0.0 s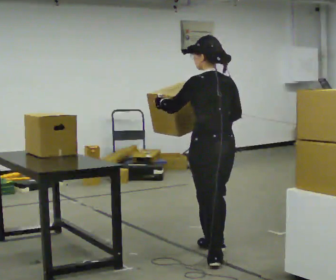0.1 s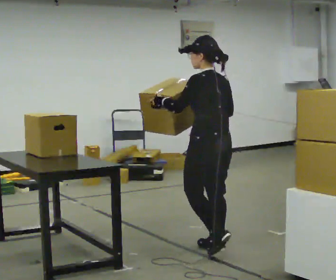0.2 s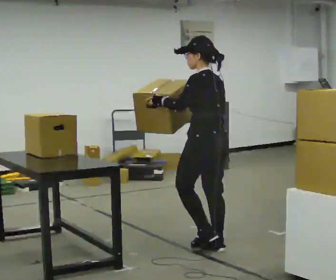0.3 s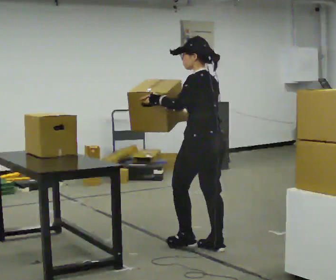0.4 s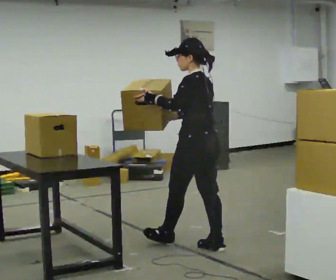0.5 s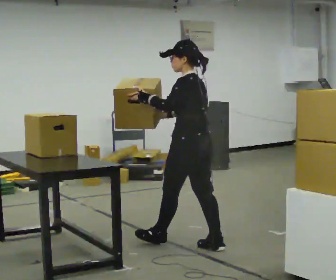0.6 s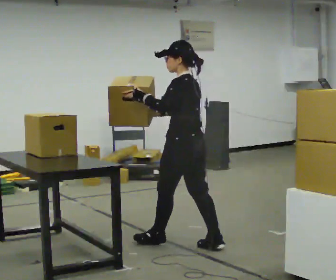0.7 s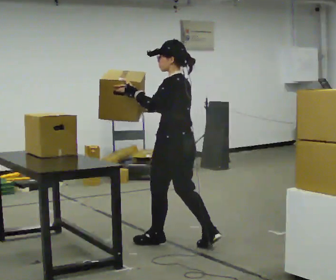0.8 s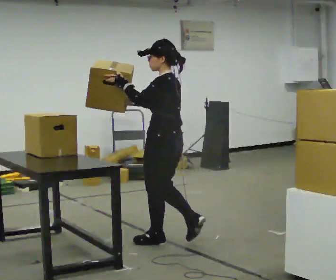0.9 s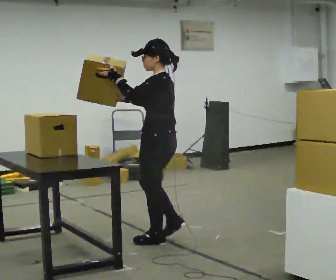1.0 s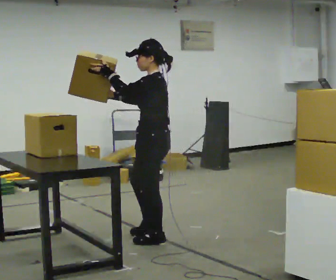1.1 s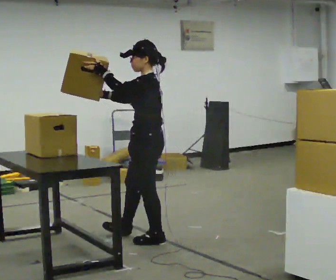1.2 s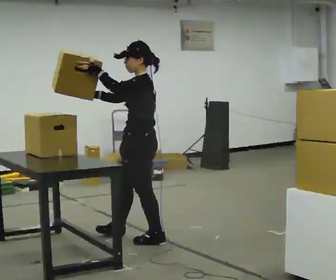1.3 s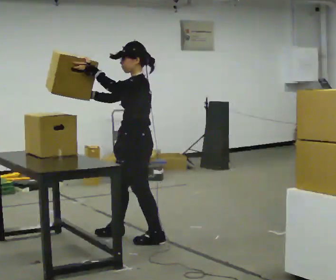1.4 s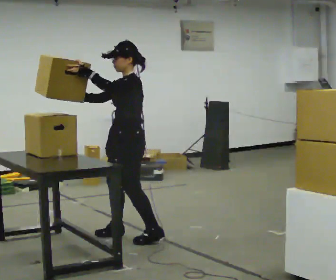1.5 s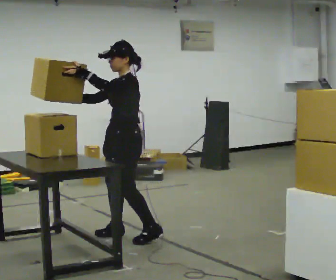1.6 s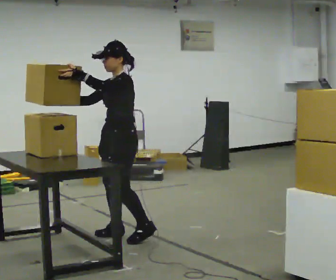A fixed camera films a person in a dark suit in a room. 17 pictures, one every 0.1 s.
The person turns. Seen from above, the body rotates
counterclockwise.
The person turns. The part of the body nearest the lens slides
to the right.
0.0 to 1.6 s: The person turns about 75 degrees to their left, counterclockwise seen from above, so the part of the body nearest the lens slides to the right. In the picture they go to the left and away from the camera, about 1 m in 2 steps.
The film runs forward here.
